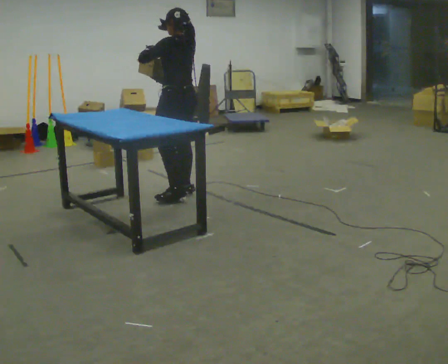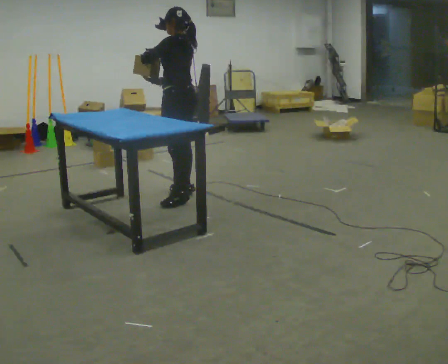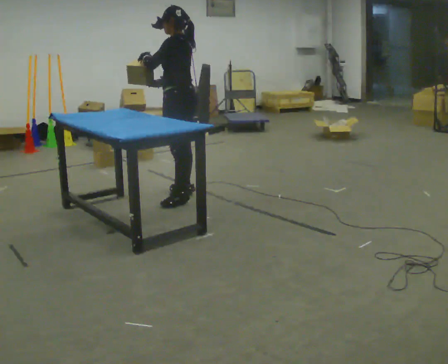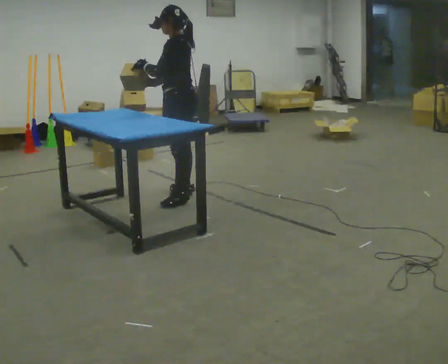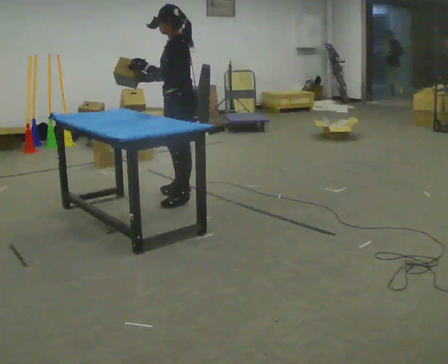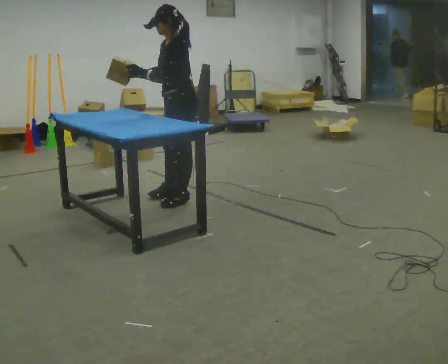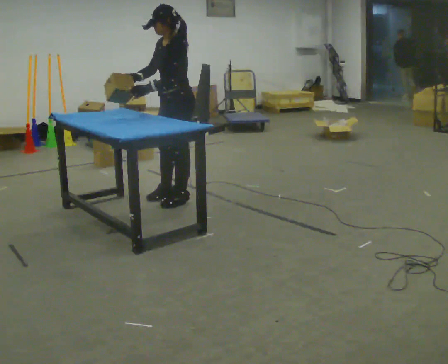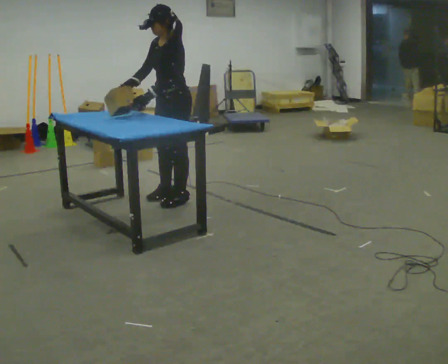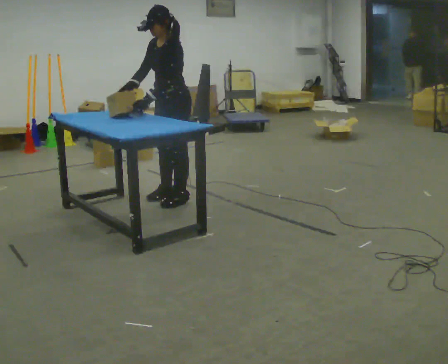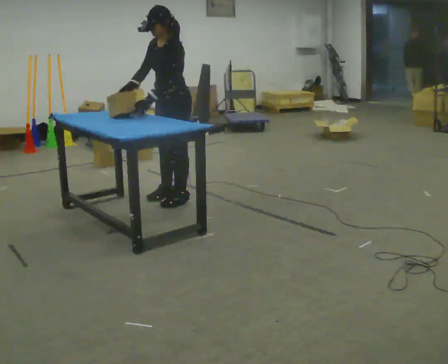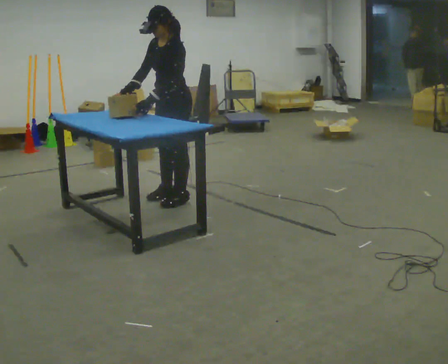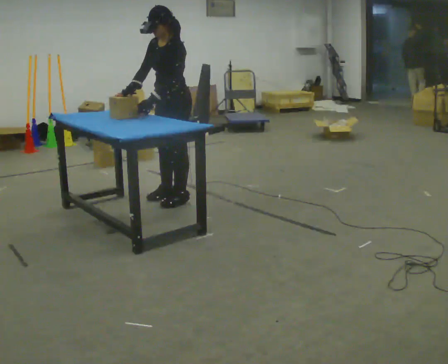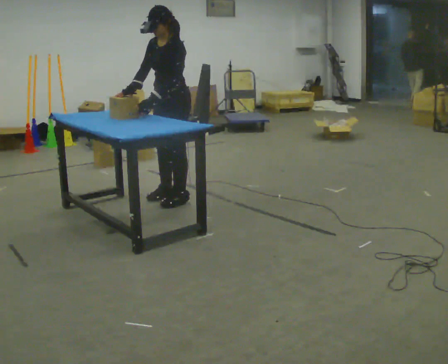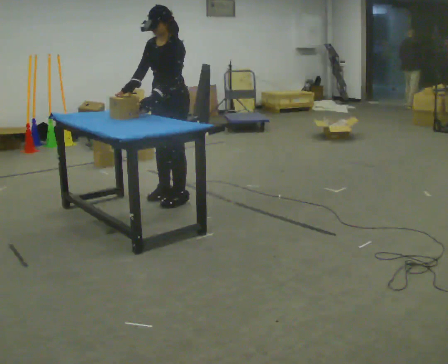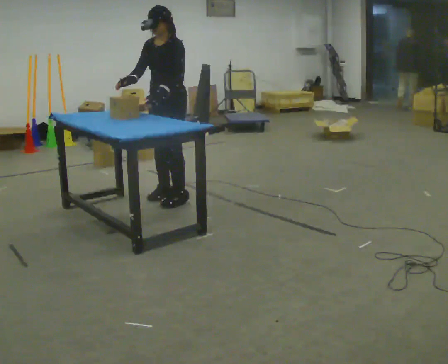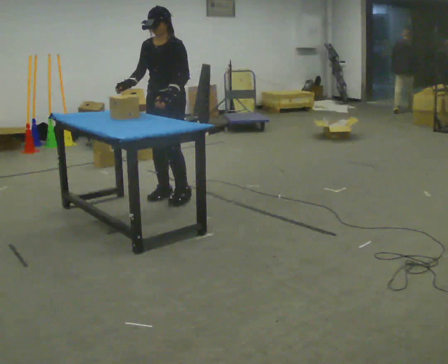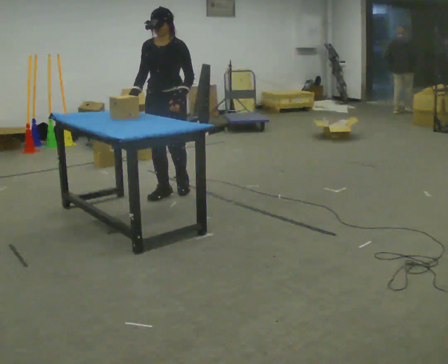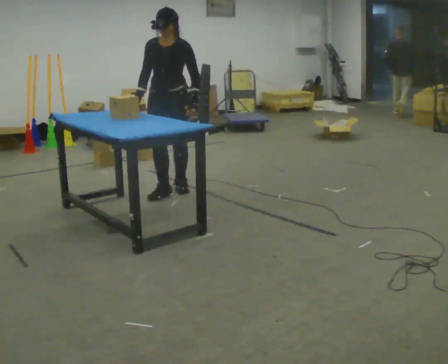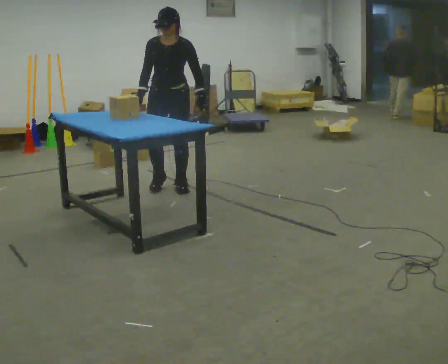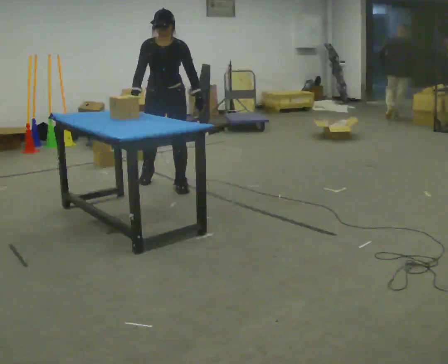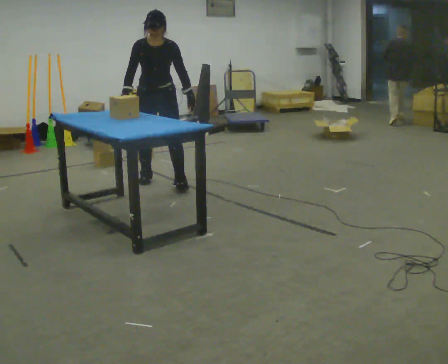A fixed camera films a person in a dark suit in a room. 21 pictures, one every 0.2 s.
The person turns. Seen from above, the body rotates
counterclockwise.
Their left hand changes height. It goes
downward.
0.0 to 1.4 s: Seen from above the body turns counterclockwise, about 45 degrees: to their left, with its near side sliding to the right. In the picture they go toward the camera, about 0.25 m, which for them is to their left. In the picture their left hand goes downward.
1.4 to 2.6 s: The person moves a little, or ends about where they began.
2.6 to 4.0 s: The person turns about 60 degrees to their left, counterclockwise seen from above, so the part of the body nearest the lens slides to the right. In the picture they go away from the camera, about 0.5 m in 2 steps, which for them is backward and to their right.
The film runs backward here.
